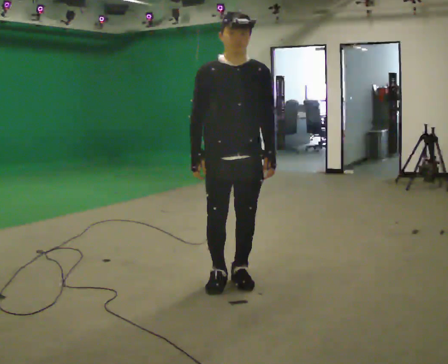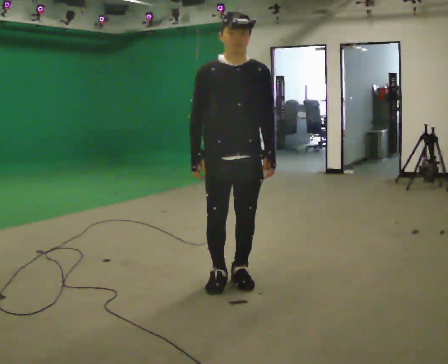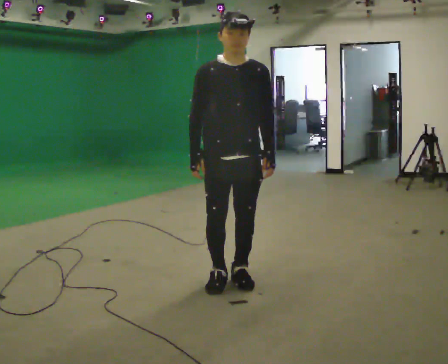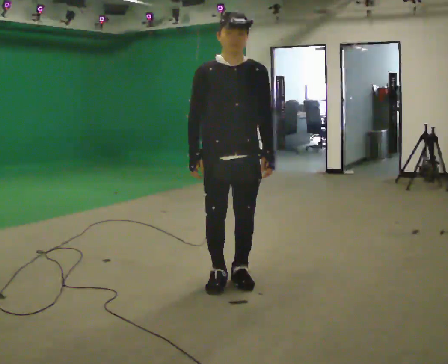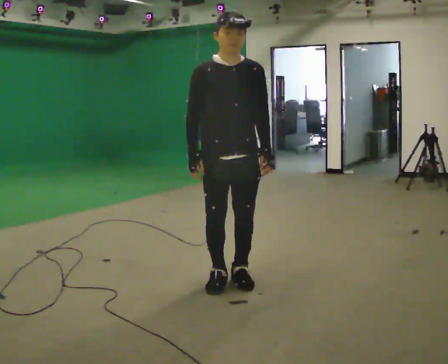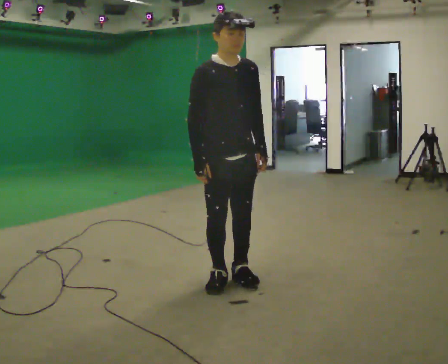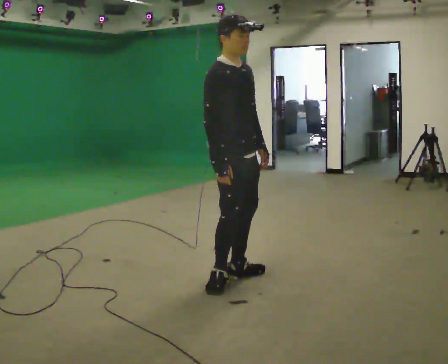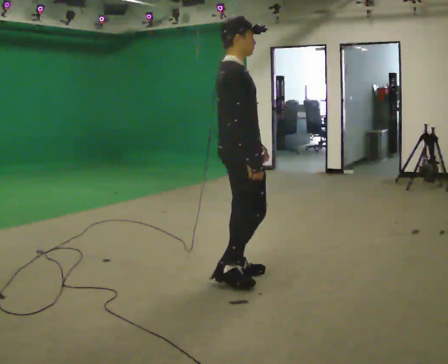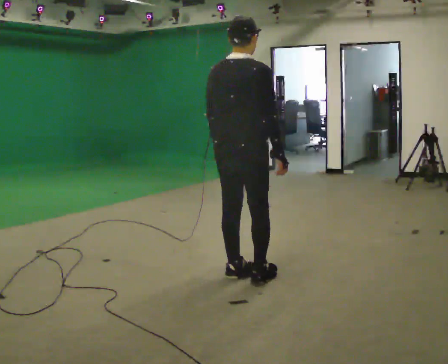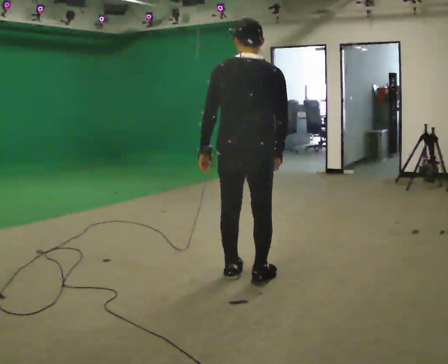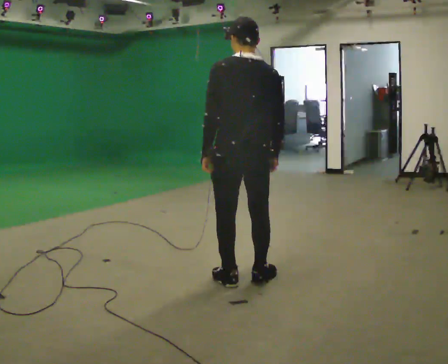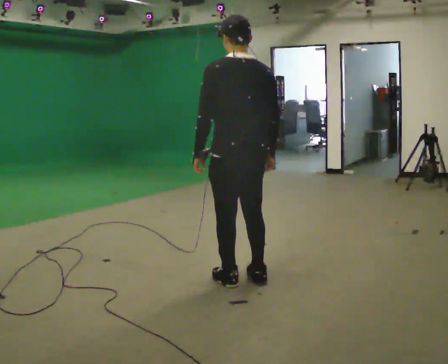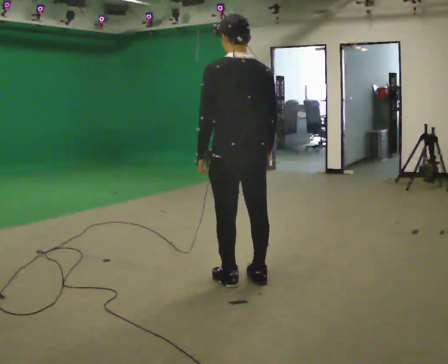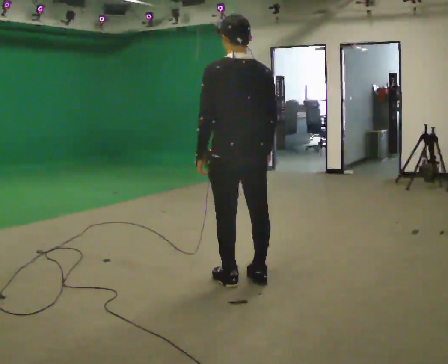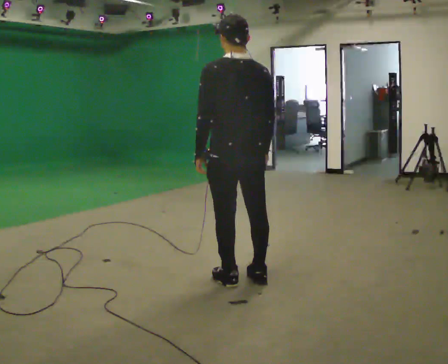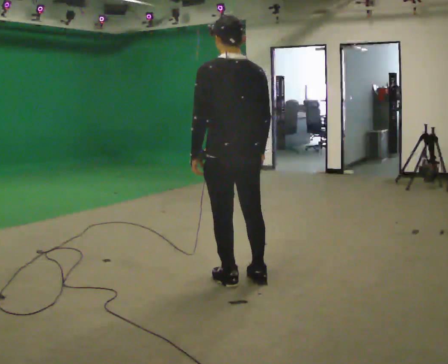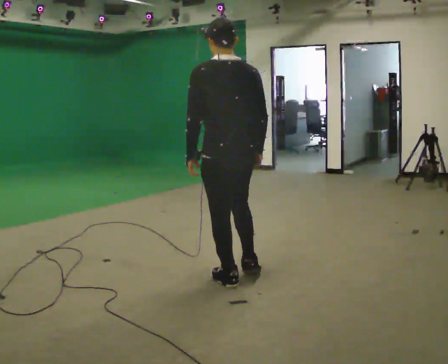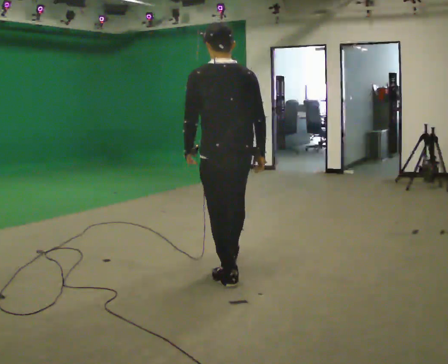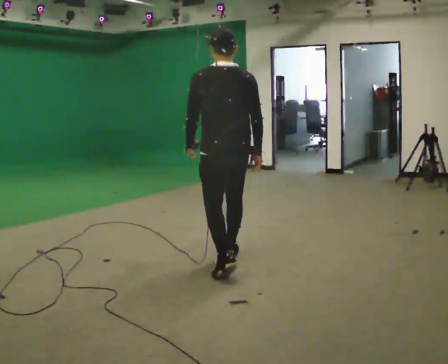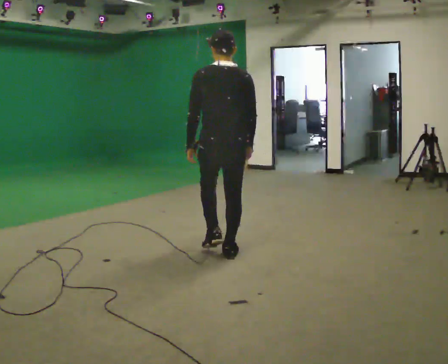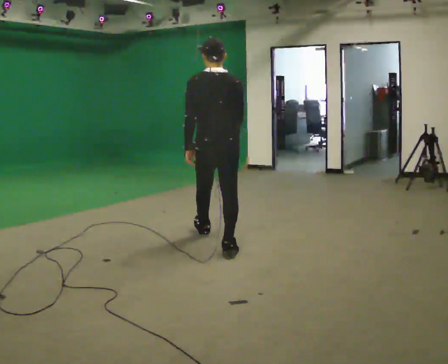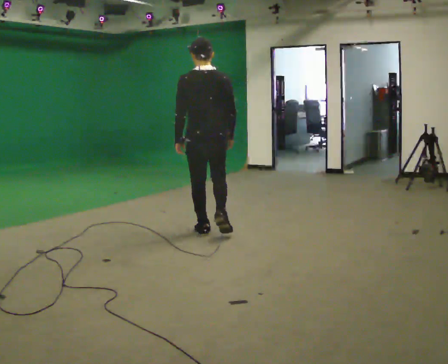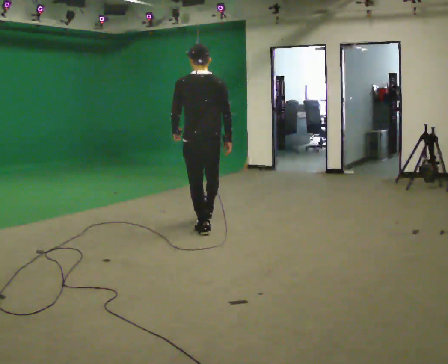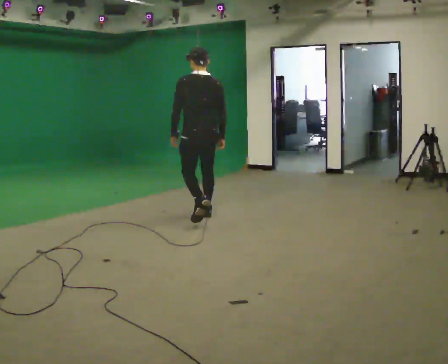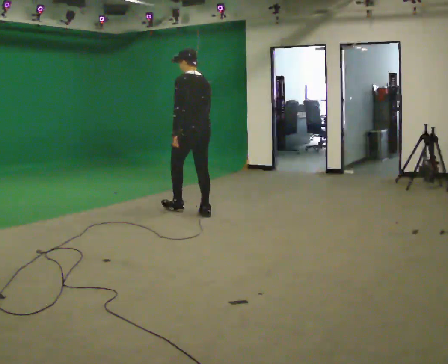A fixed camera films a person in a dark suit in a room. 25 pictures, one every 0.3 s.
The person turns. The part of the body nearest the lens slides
to the right.
The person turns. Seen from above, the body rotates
counterclockwise.
0.0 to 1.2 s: The person moves a little, or ends about where they began.
1.2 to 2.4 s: Seen from above the body turns counterclockwise, about 135 degrees: to their left, with its near side sliding to the right. In the picture their left hand goes to the left.
2.4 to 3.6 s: The part of the body nearest the lens slides to the right as the person turns to their left by about 45 degrees.
3.6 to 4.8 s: The person moves a little, or ends about where they began.
4.8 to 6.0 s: In the picture they go away from the camera, about 1 m in 1 step, which for them is forward.
6.0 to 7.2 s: The person turns about 30 degrees to their left, counterclockwise seen from above, so the part of the body nearest the lens slides to the right. In the picture they go away from the camera, about 1 m in 2 steps, which for them is forward.
The film runs forward here.
